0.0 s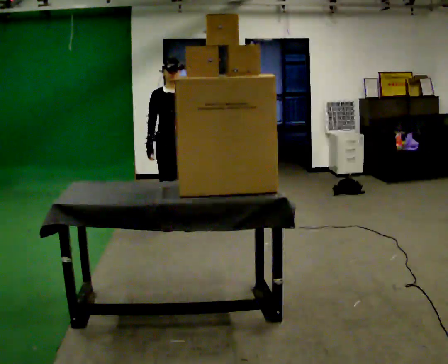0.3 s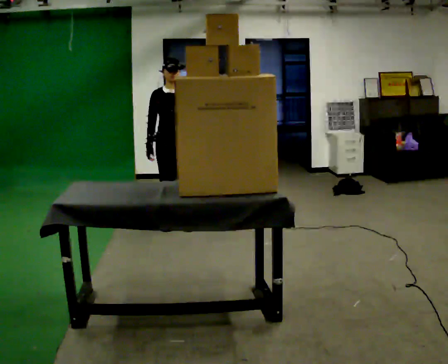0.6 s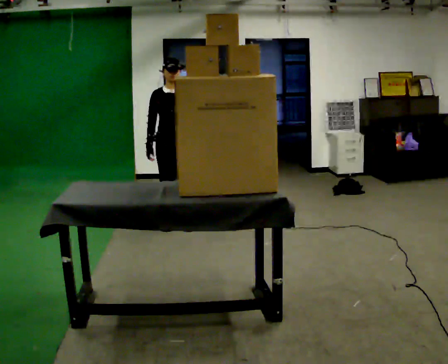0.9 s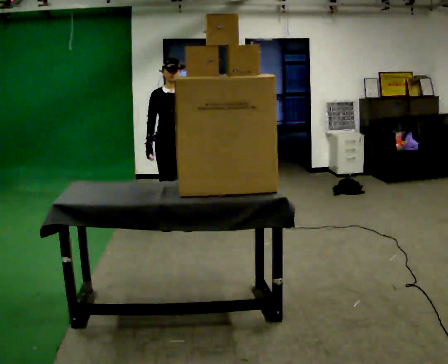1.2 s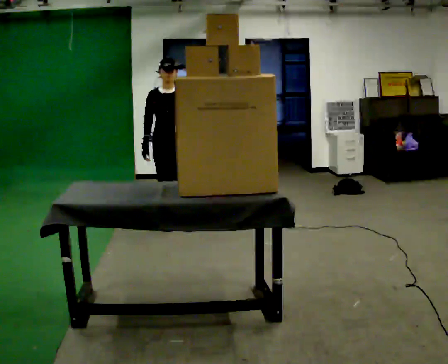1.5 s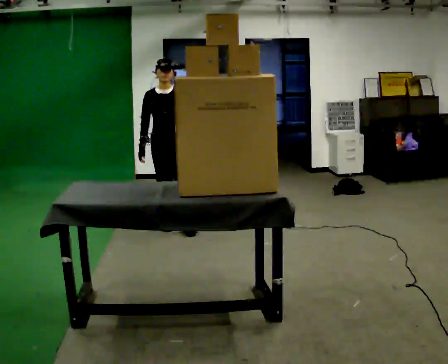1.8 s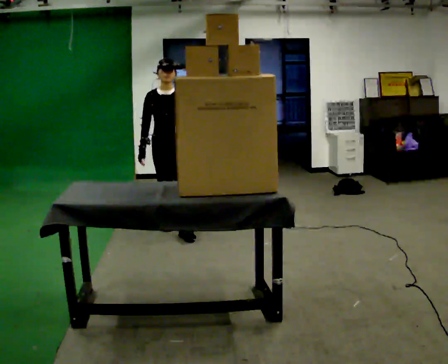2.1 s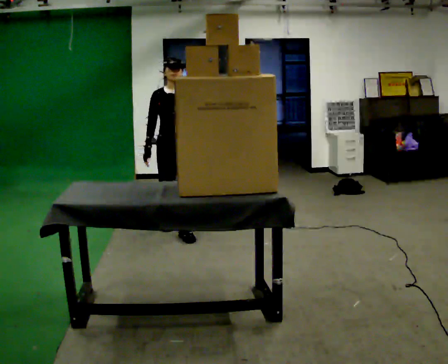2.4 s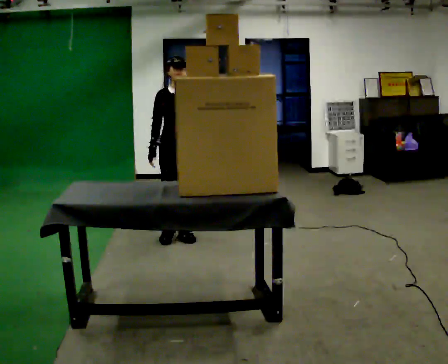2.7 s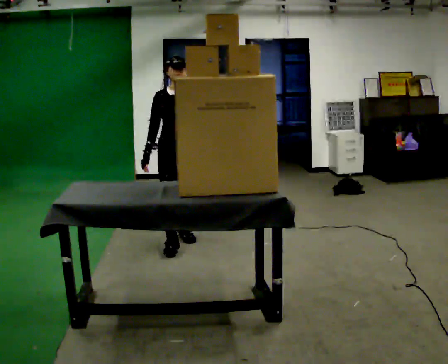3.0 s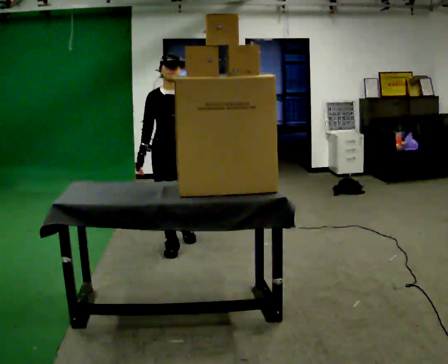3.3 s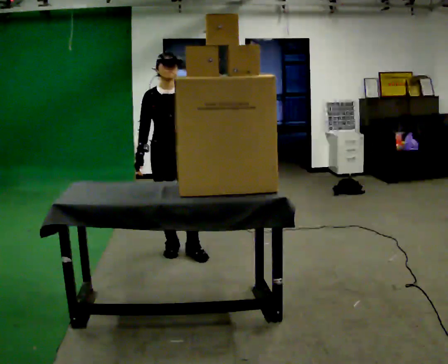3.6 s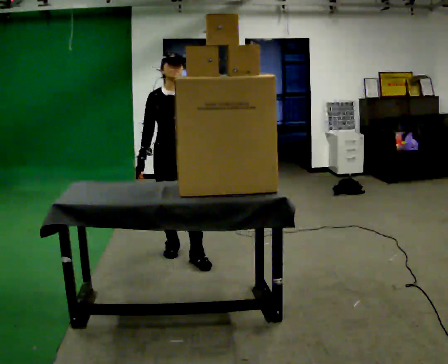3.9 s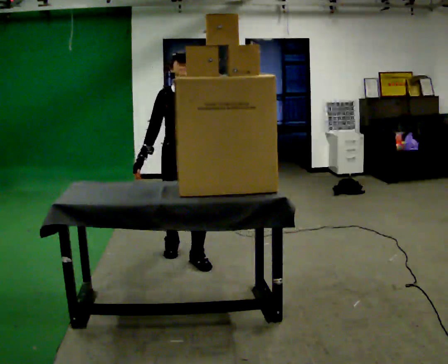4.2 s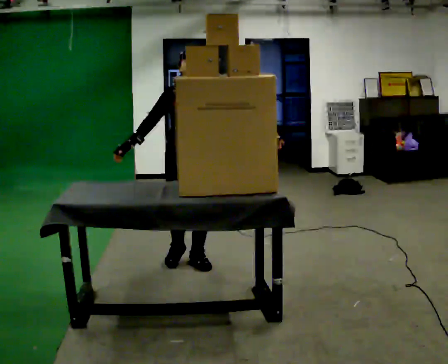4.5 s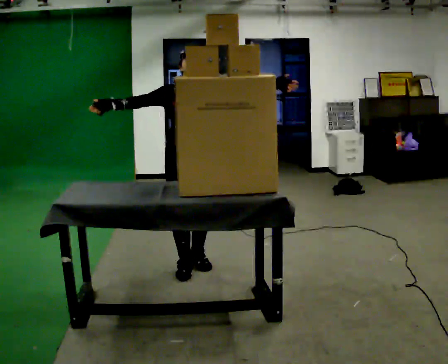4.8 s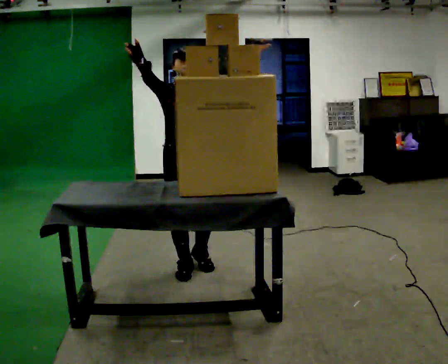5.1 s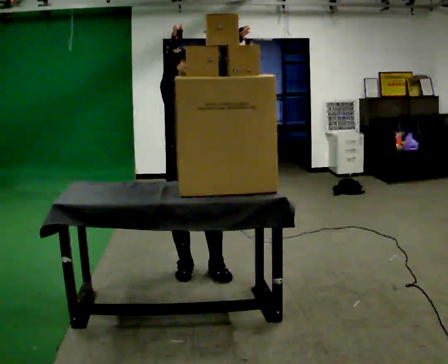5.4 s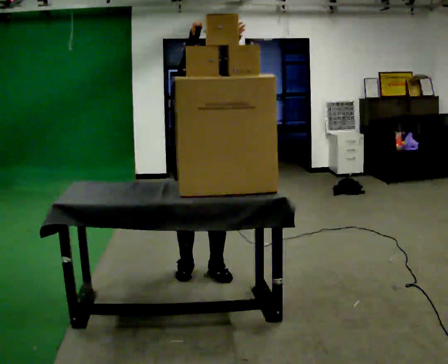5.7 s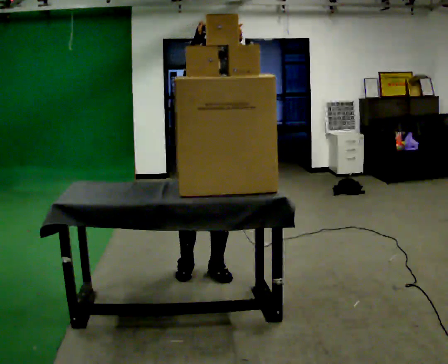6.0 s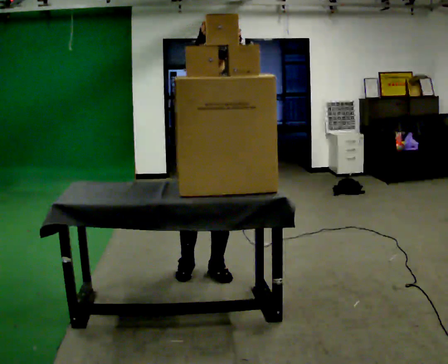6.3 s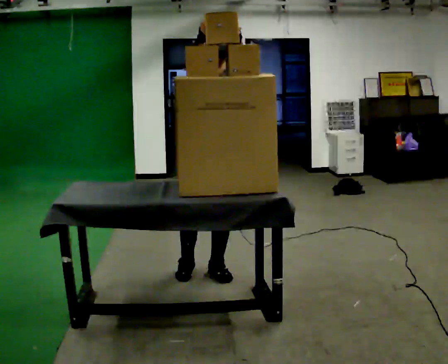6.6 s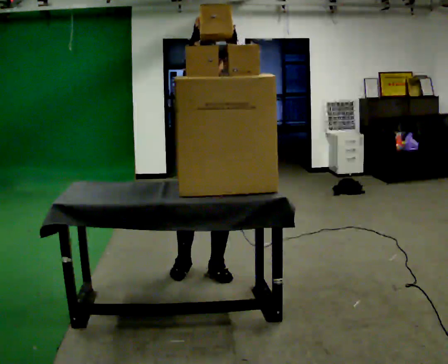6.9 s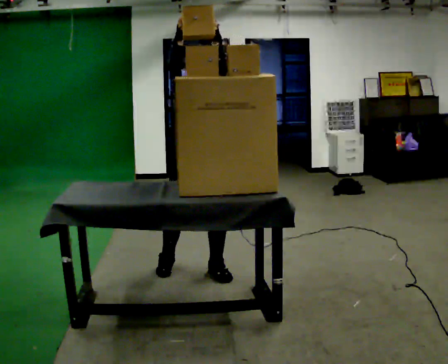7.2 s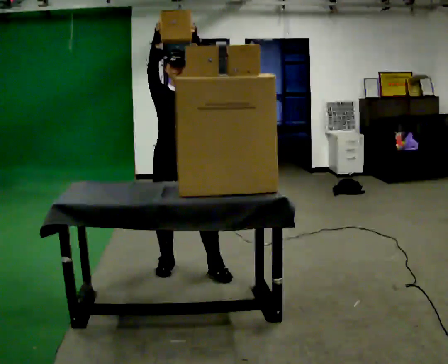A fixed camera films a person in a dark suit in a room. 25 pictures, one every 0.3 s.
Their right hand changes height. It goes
upward.
Their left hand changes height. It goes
upward.
0.0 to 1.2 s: The person moves a little, or ends about where they began.
1.2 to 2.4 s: In the picture they go toward the camera, about 0.25 m in 1 step, which for them is forward.
2.4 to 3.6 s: In the picture they go toward the camera, about 0.5 m in 2 steps, which for them is forward.
3.6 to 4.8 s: In the picture they go toward the camera, about 0.25 m in 1 step, which for them is forward. In the picture their right hand goes upward, the arm swinging clockwise.
4.8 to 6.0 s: In the picture they go to the right, about 0.25 m in 1 step, which for them is to their left.
6.0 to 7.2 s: In the picture they go to the left, about 0.25 m, which for them is to their right.
The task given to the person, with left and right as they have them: Reach up into the bin on the top shelf, take out one object at a time, and carry it to the table. Keep going until the operator says stop; one object at a time, and do not rush between trips.
The film runs forward here.
